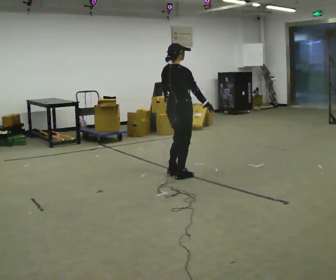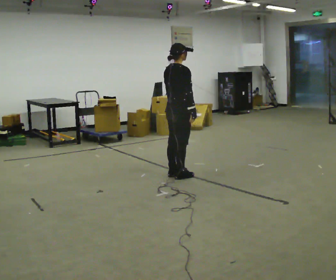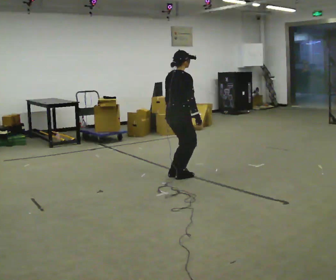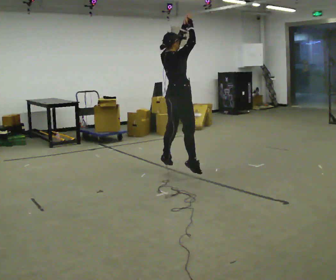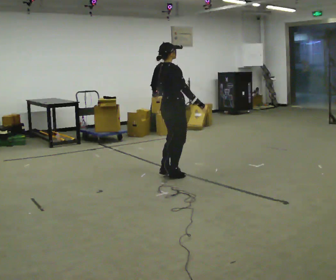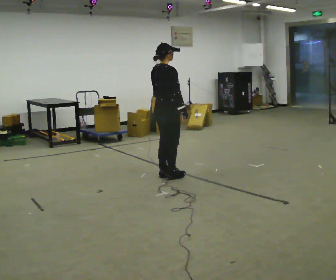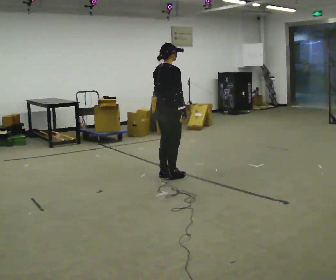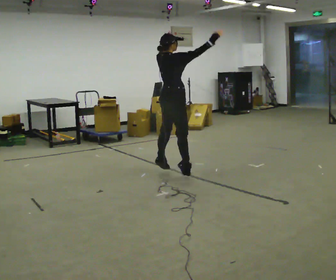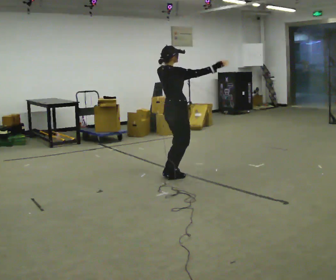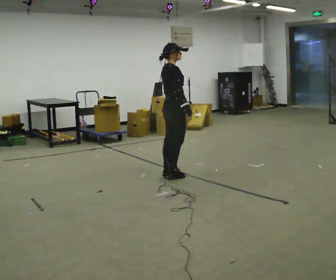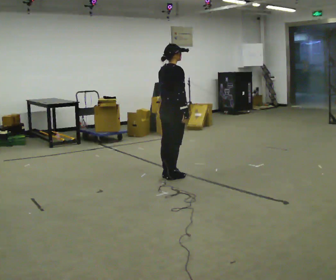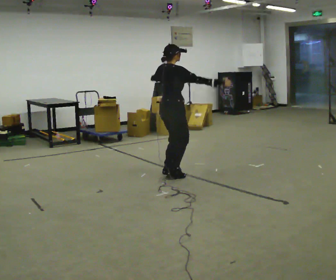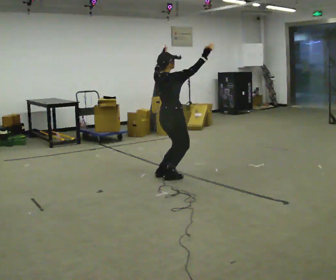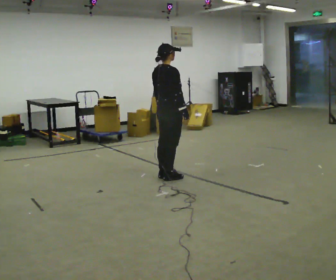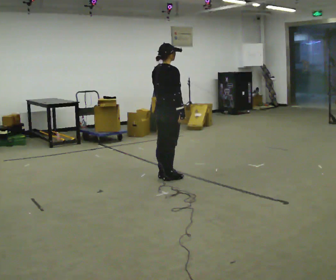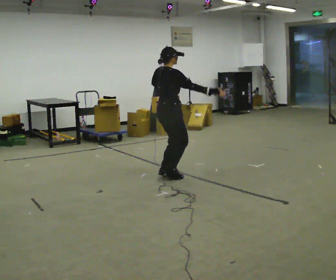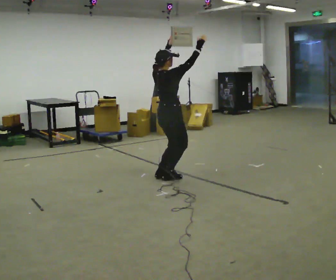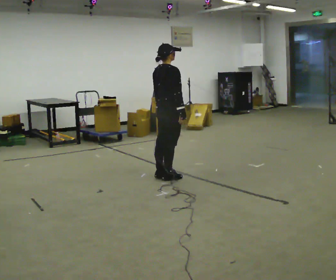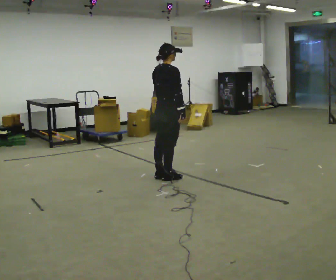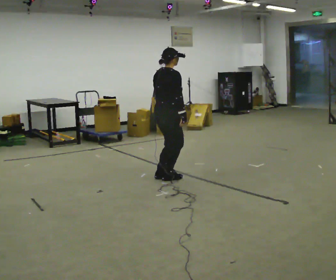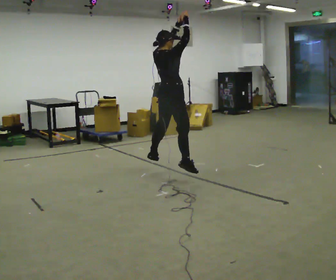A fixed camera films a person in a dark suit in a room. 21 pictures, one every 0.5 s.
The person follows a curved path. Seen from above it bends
counterclockwise.
0.0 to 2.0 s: The person moves a little, or ends about where they began.
2.0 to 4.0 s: In the picture their right hand goes upward.
4.0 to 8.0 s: The person moves a little, or ends about where they began.
8.0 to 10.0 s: In the picture their right hand goes upward.
The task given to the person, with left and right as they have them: Do jumping jacks at a steady pace until the operator says stop.
The film runs forward here.
